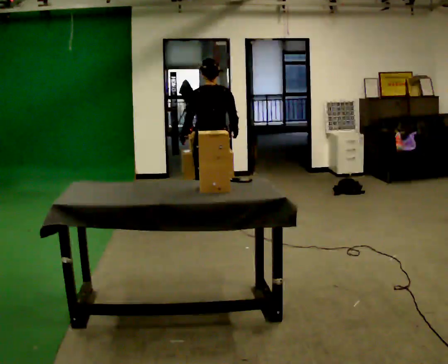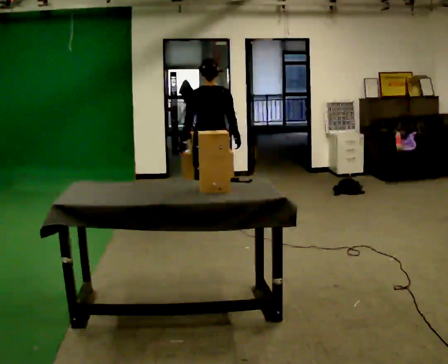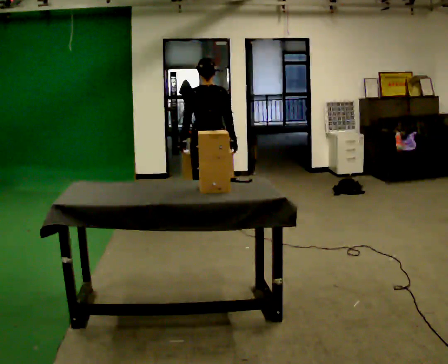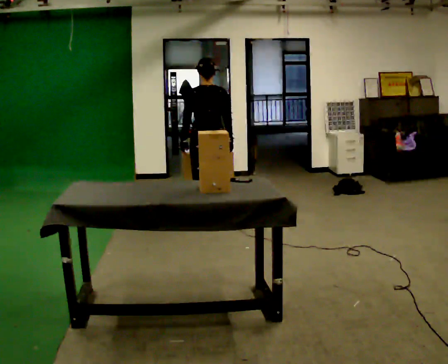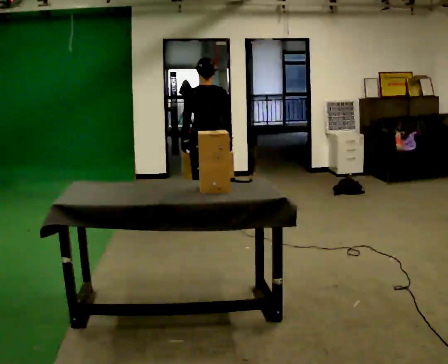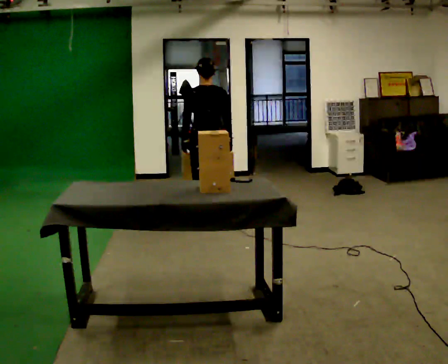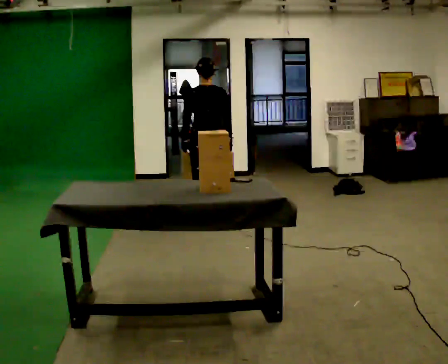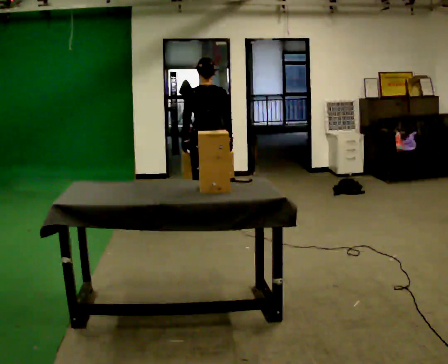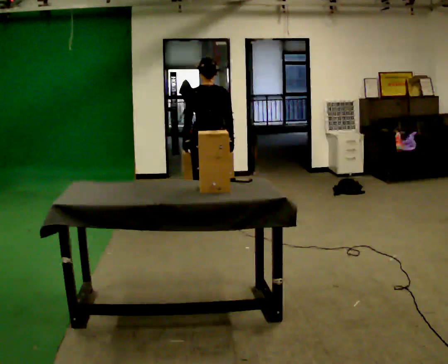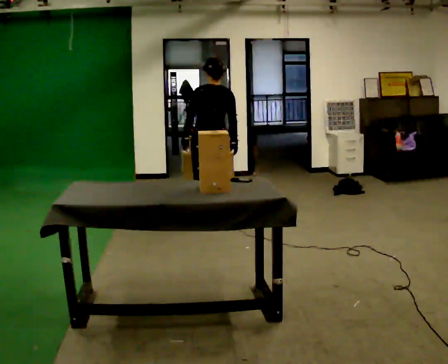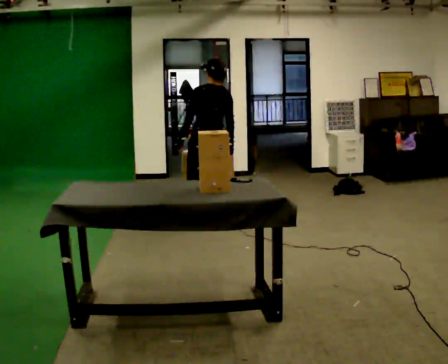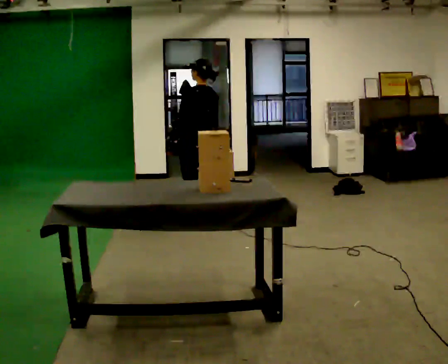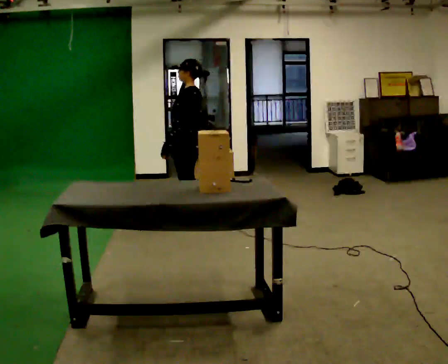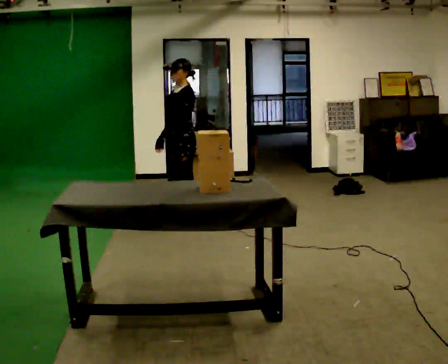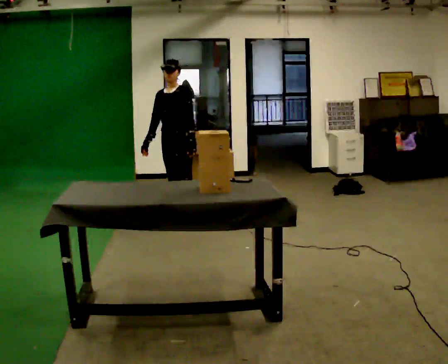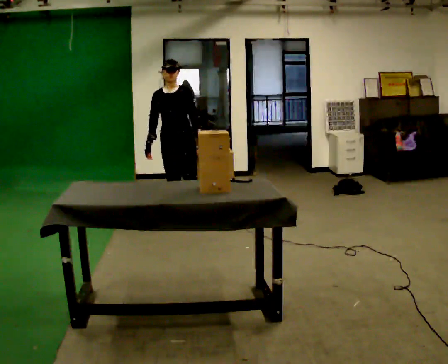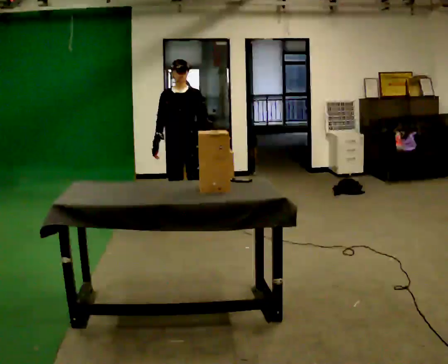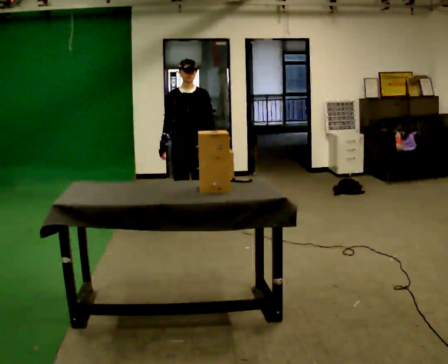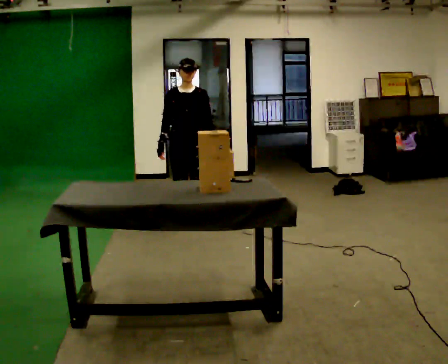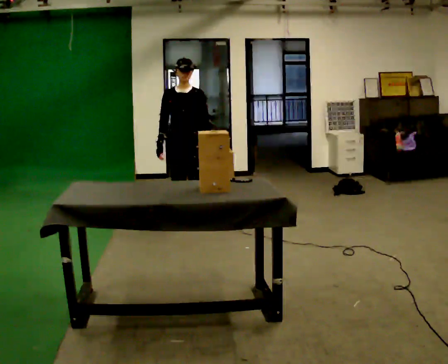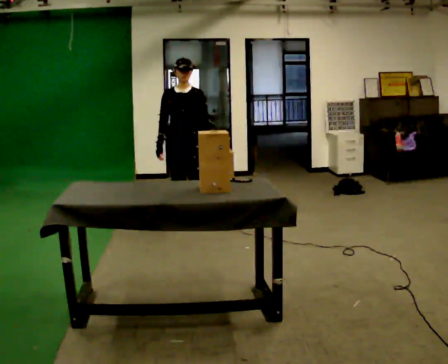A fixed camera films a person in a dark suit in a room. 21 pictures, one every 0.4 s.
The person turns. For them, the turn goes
to their left.
The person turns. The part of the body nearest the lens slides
to the right.
0.0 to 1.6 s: The person moves a little, or ends about where they began.
1.6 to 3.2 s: The person keeps their place and pose.
3.2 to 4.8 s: The person turns about 75 degrees to their left, counterclockwise seen from above, so the part of the body nearest the lens slides to the right. In the picture they go to the left, about 0.25 m.
4.8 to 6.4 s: The person turns about 105 degrees to their left, counterclockwise seen from above, so the part of the body nearest the lens slides to the right. In the picture their left hand goes to the right, the arm swinging counterclockwise.
6.4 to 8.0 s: The person moves a little, or ends about where they began.
The film runs forward here.
